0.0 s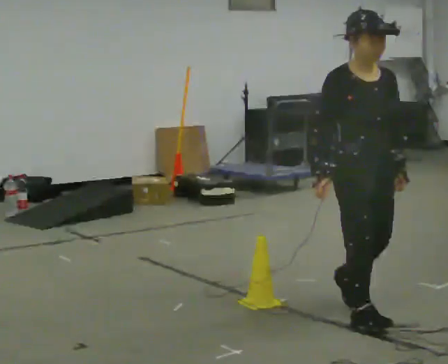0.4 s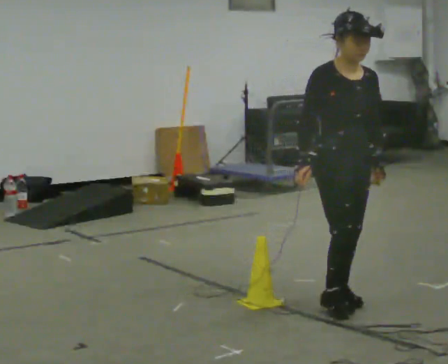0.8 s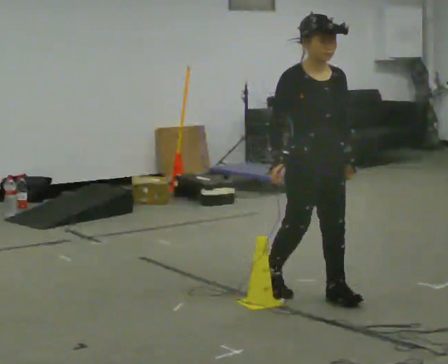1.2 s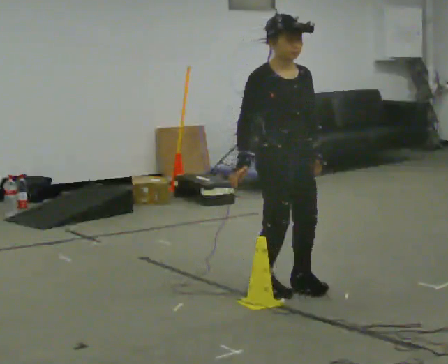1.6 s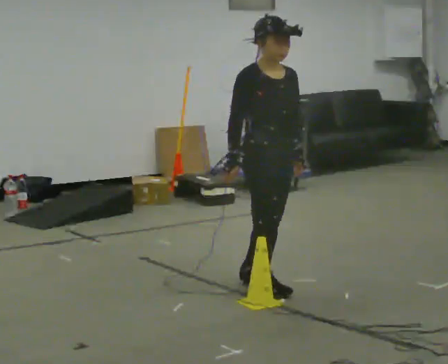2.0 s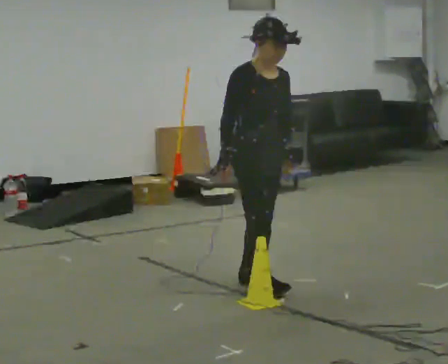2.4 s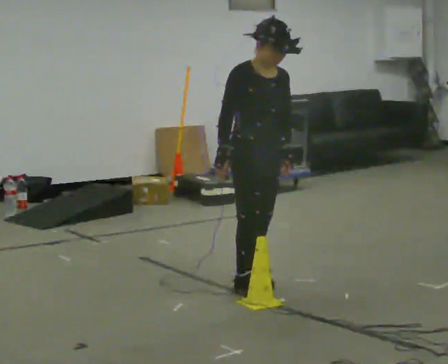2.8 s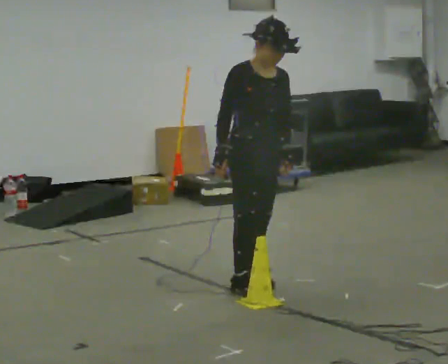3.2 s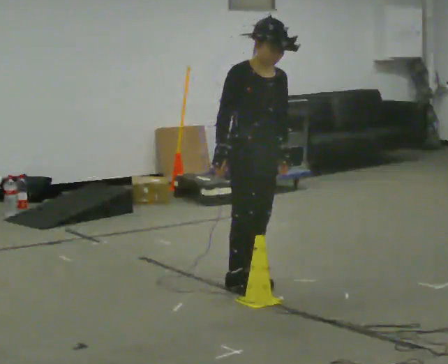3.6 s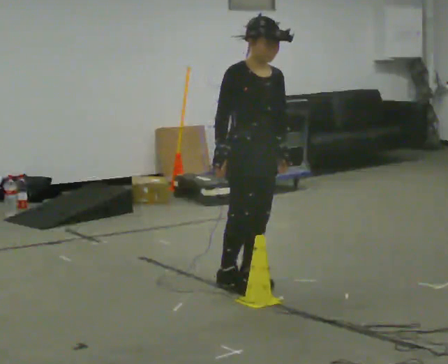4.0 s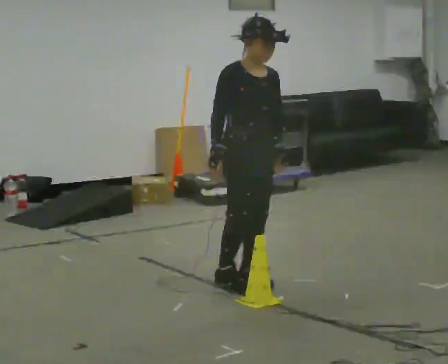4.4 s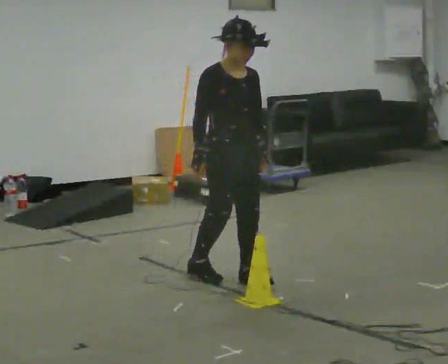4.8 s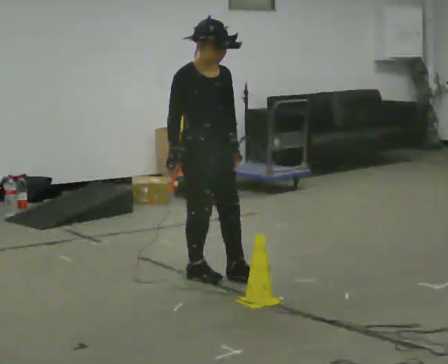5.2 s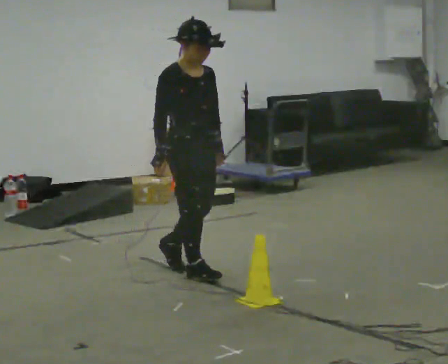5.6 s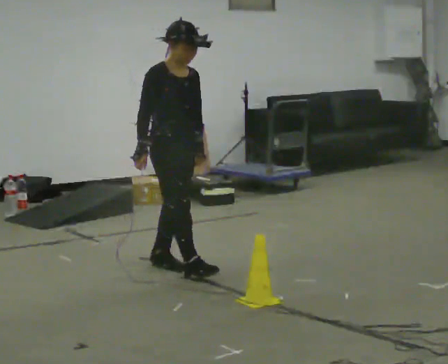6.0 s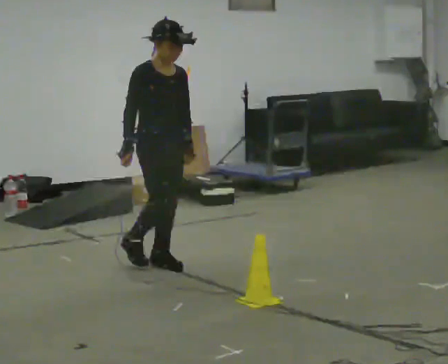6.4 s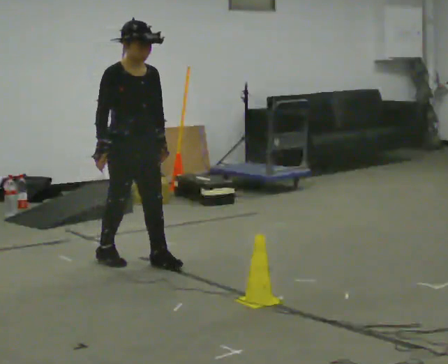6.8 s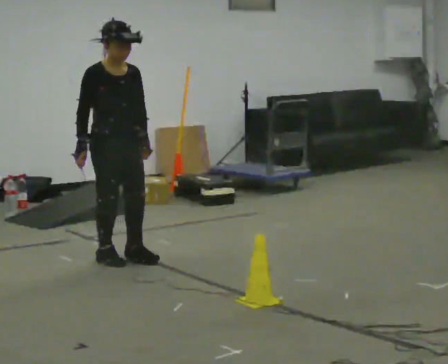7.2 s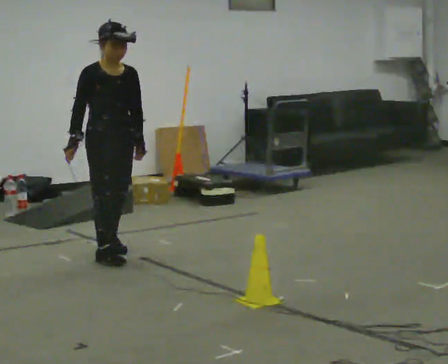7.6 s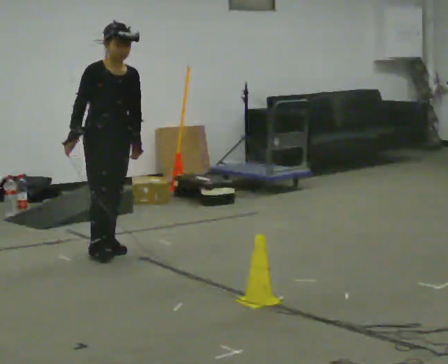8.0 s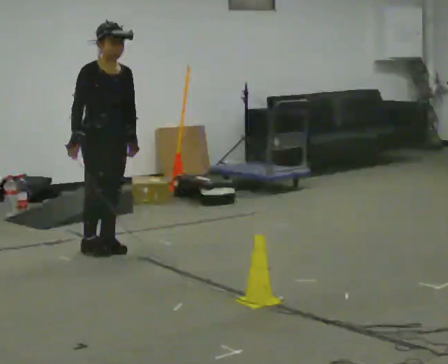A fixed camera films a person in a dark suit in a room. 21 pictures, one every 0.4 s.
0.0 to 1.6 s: In the picture they go away from the camera and to the left, about 0.75 m in 2 steps, which for them is backward.
1.6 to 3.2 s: The person moves a little, or ends about where they began.
3.2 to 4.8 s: In the picture they go to the left, about 0.25 m in 2 steps, which for them is backward.
4.8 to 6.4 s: In the picture they go to the left and away from the camera, about 0.5 m in 1 step, which for them is backward.
6.4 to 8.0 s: In the picture they go away from the camera and to the left, about 0.25 m in 2 steps, which for them is backward.
The film runs backward here.
